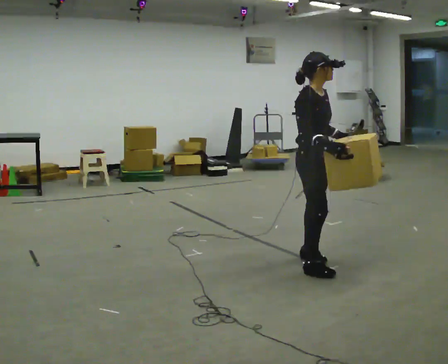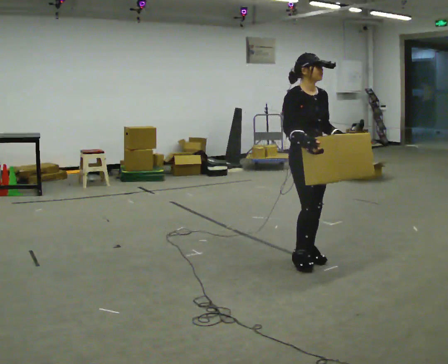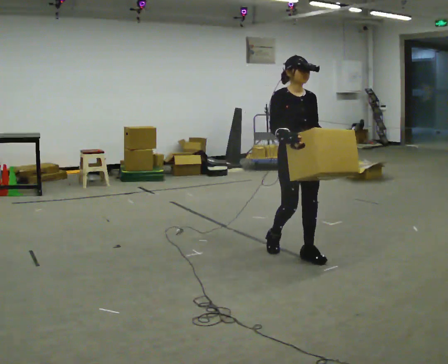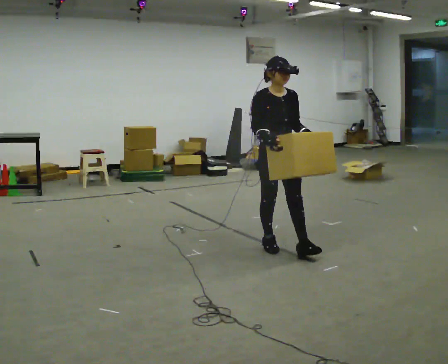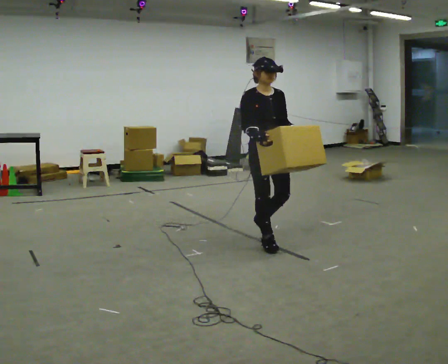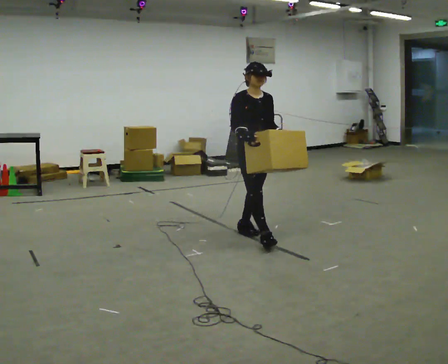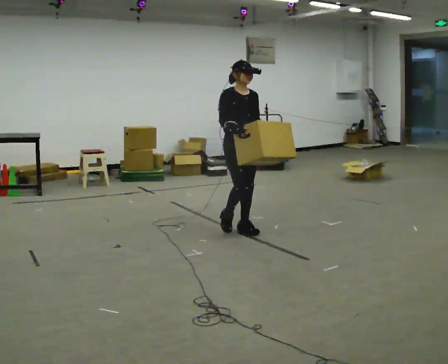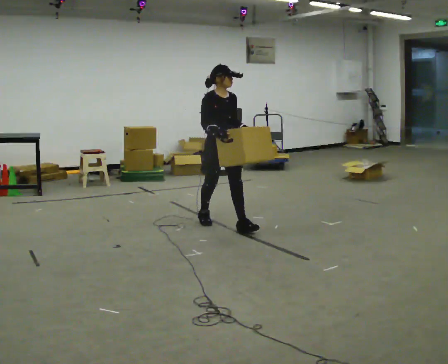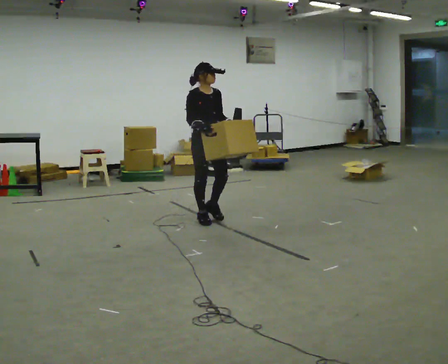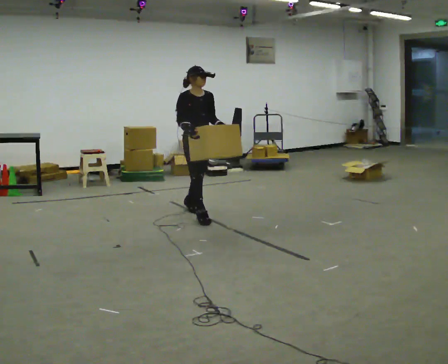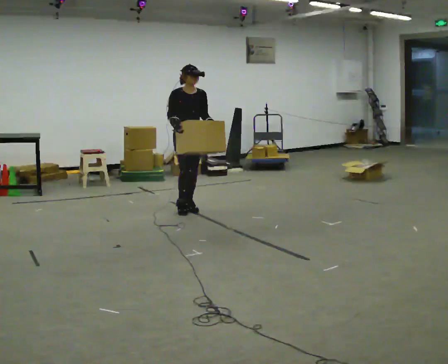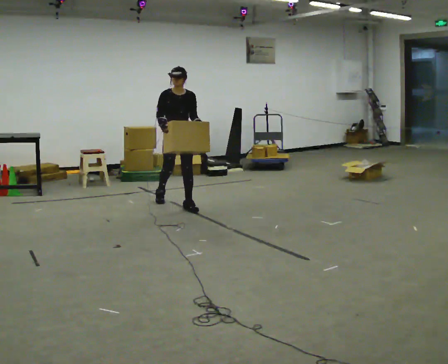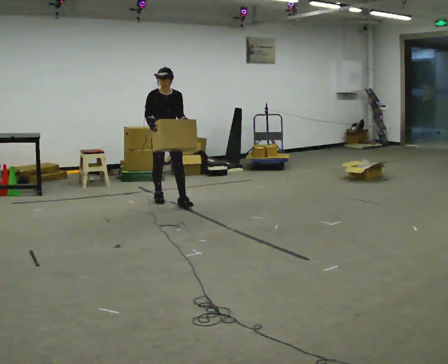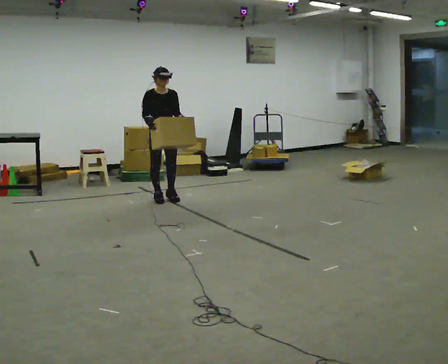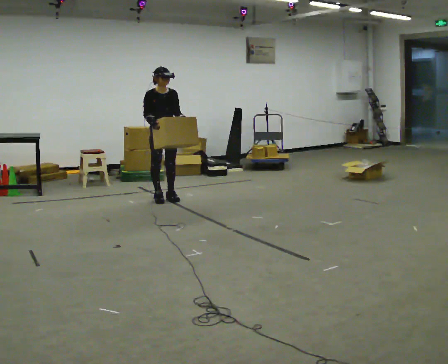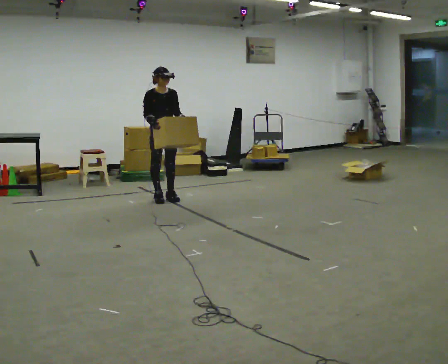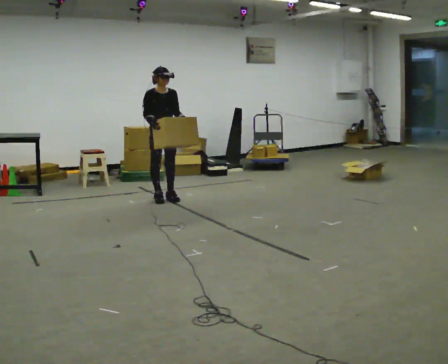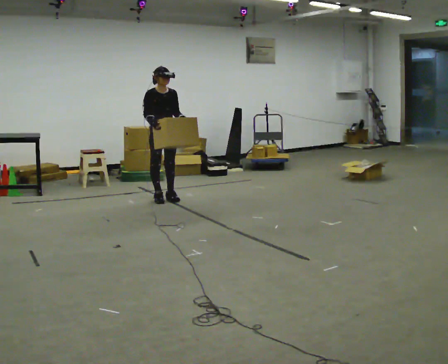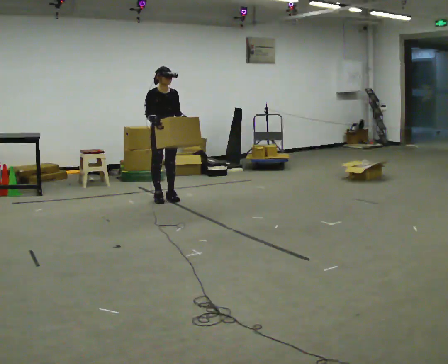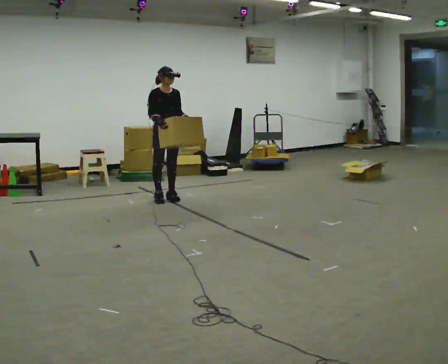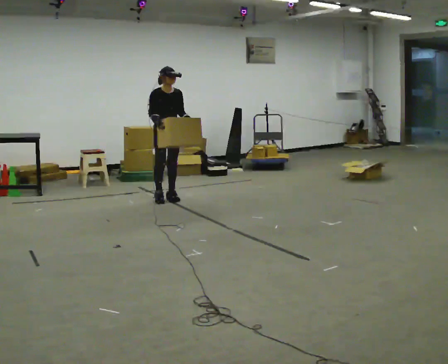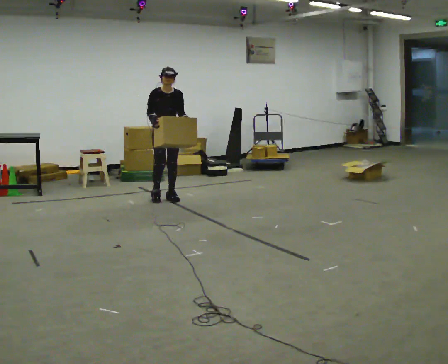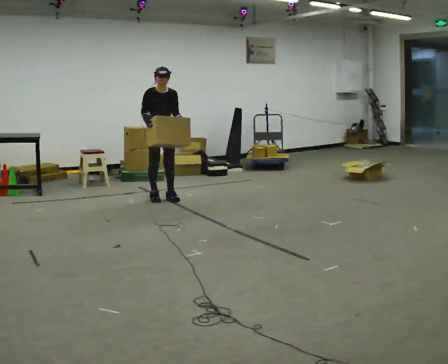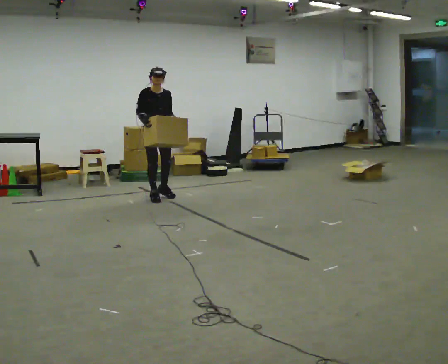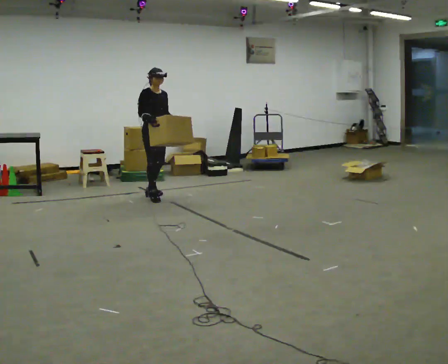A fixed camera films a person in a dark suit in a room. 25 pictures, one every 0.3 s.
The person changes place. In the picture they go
away from the camera.
0.0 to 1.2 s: Seen from above the body turns clockwise, about 30 degrees: to their right, with its near side sliding to the left. In the picture they go away from the camera and to the left, about 0.5 m in 2 steps, which for them is backward.
1.2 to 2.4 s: In the picture they go away from the camera and to the left, about 1 m in 2 steps, which for them is backward.
2.4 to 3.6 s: In the picture they go away from the camera and to the left, about 1 m in 2 steps, which for them is backward.
3.6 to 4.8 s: In the picture they go away from the camera, about 0.25 m, which for them is backward.
4.8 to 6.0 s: The person moves a little, or ends about where they began.
6.0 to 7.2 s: In the picture they go to the left, about 0.25 m in 1 step, which for them is backward.
The film runs backward here.
